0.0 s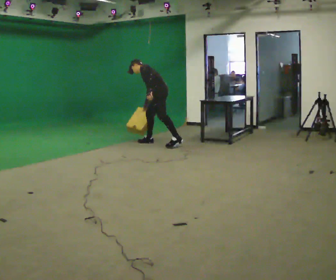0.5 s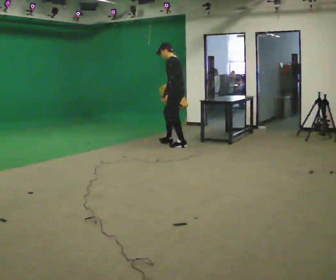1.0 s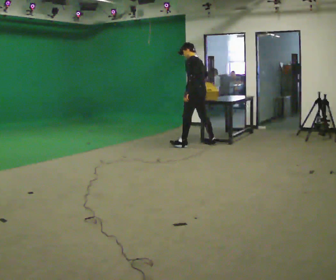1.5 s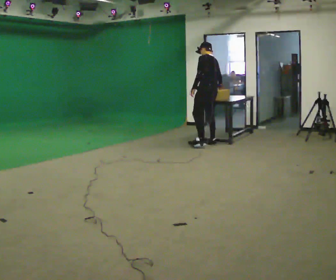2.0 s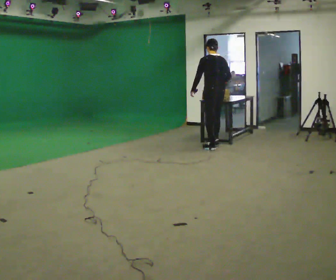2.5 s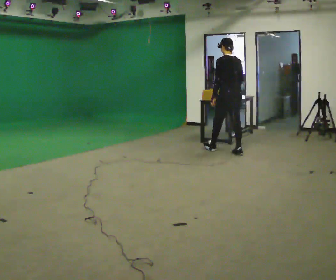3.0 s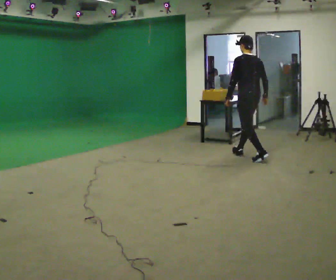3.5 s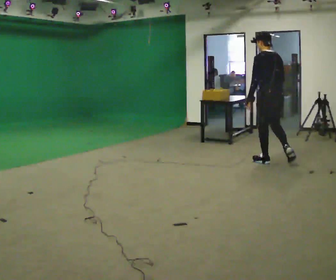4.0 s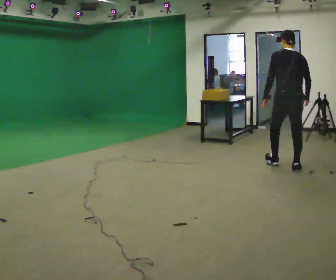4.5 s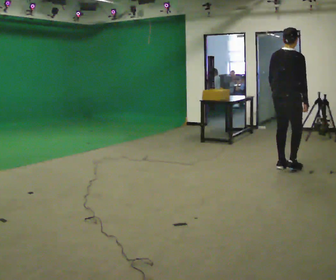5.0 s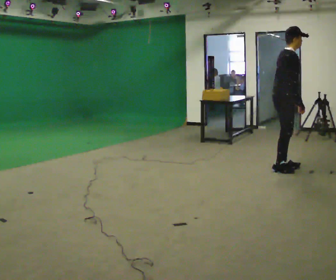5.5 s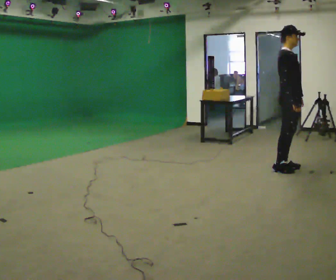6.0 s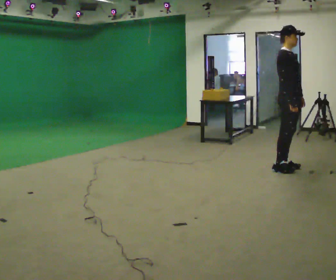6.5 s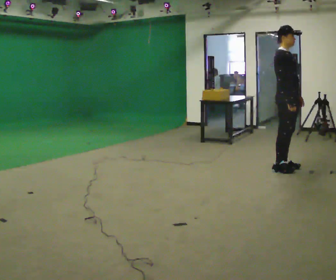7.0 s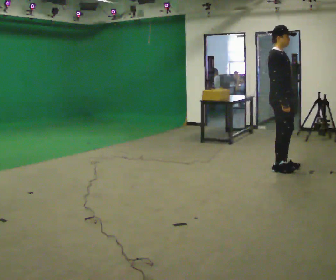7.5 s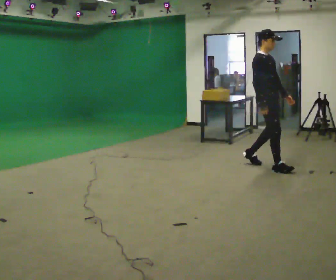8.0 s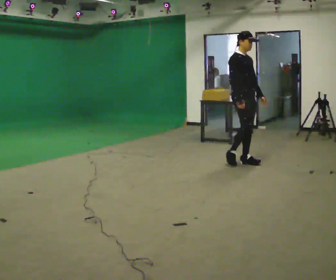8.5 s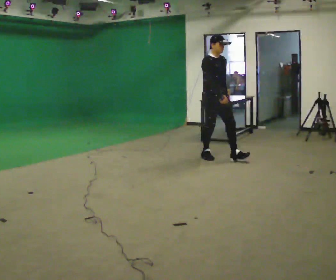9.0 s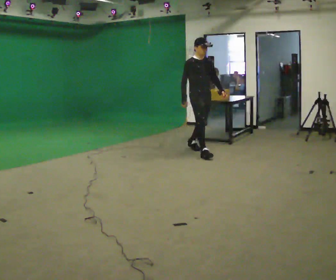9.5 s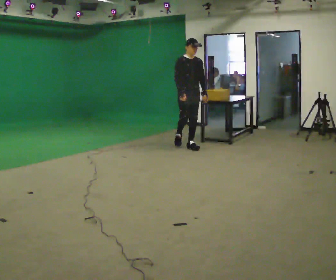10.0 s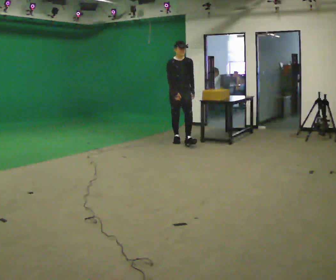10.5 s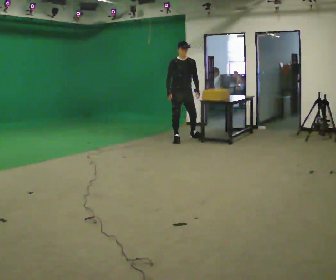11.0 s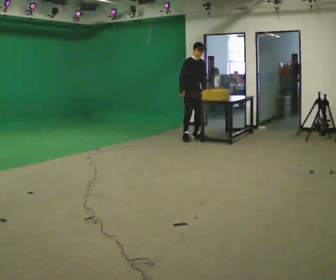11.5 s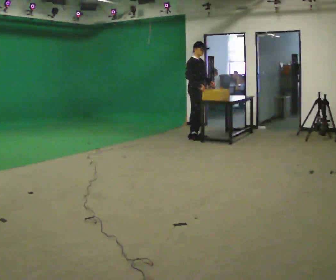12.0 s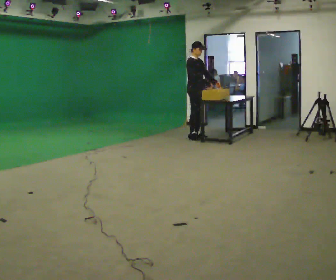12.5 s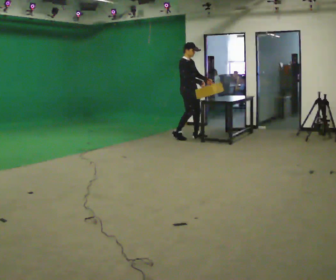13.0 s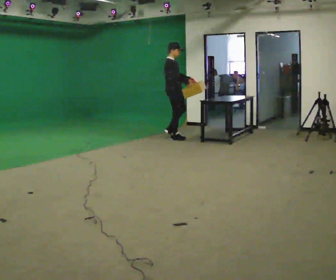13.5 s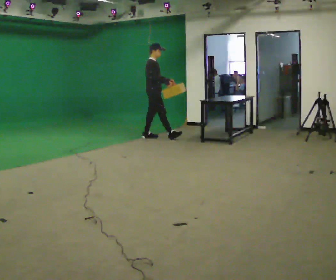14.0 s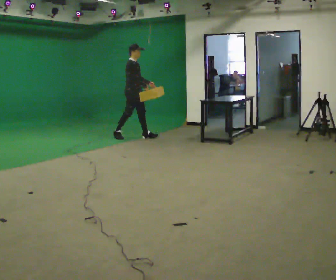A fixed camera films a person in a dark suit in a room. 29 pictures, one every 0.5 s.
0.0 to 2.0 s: Seen from above the body turns clockwise, about 60 degrees: to their right, with its near side sliding to the left. In the picture they go to the right, about 1 m in 3 steps, which for them is backward. The shoulders move upward. In the picture the upper body tilts clockwise, shoulders to the right, as they lean back or straighten.
2.0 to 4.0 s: In the picture they go to the right and toward the camera, about 1.5 m in 3 steps, which for them is backward.
4.0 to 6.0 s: The person turns about 120 degrees to their right, clockwise seen from above, so the part of the body nearest the lens slides to the left. The upper body tips toward the camera, its near side rolling downward. In the picture their left hand goes to the right, the arm swinging counterclockwise.
6.0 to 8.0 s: In the picture they go to the left and away from the camera, about 0.75 m in 2 steps, which for them is backward.
8.0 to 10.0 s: The person turns about 30 degrees to their right, clockwise seen from above, so the part of the body nearest the lens slides to the left. In the picture they go to the left and away from the camera, about 1.5 m in 3 steps, which for them is backward.
10.0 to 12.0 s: The part of the body nearest the lens slides to the right as the person turns to their left by about 45 degrees. In the picture they go away from the camera, about 0.5 m in 1 step, which for them is to their left.
12.0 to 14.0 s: In the picture they go to the left, about 1 m in 3 steps, which for them is backward.
The film runs backward here.
